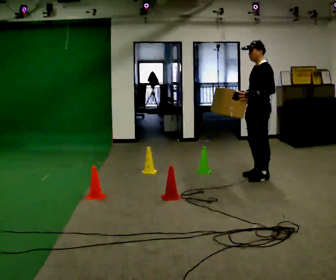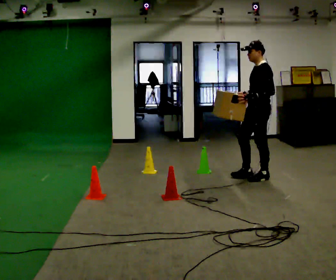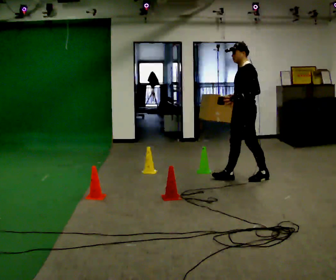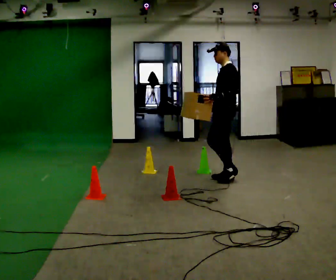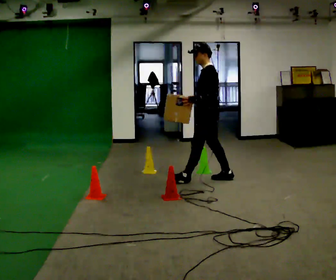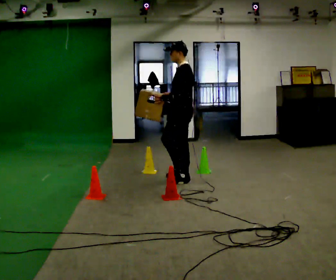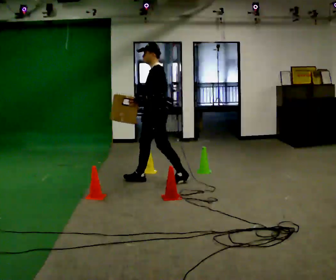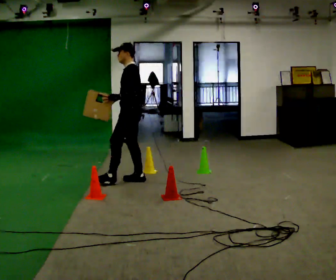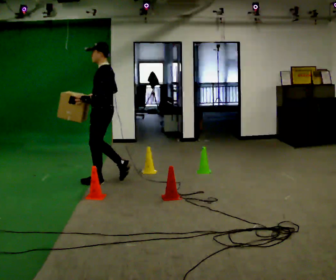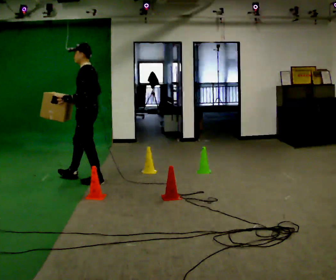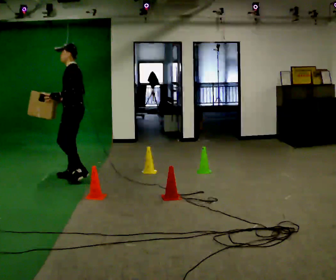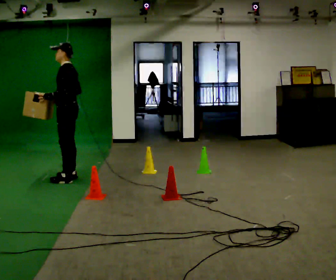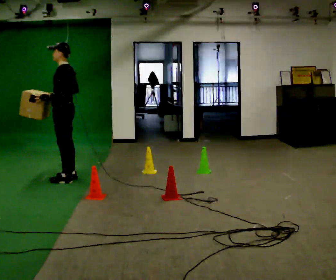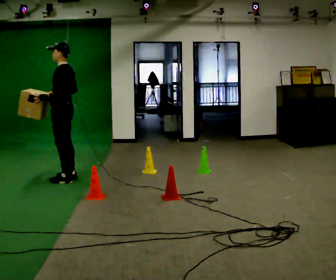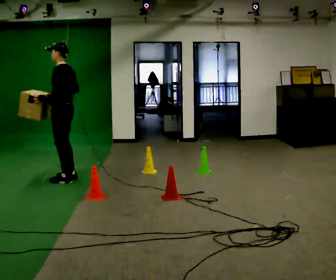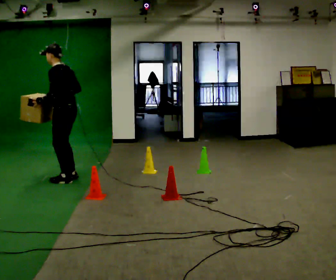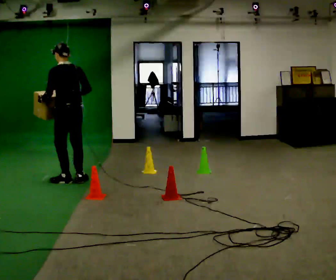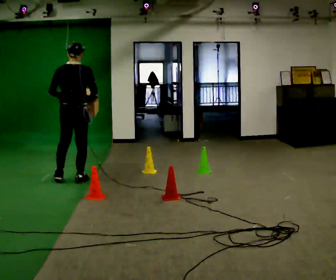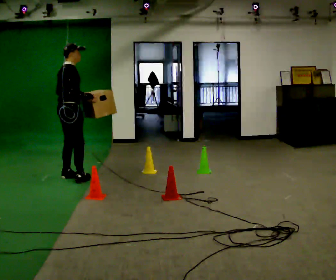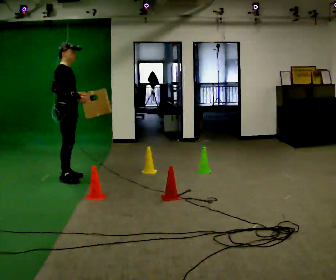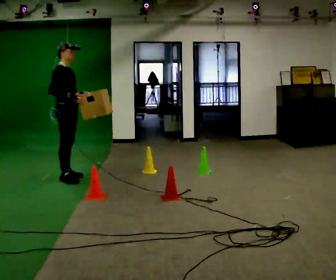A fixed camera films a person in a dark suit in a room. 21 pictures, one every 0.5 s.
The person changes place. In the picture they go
to the left.
0.0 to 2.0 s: In the picture they go to the left, about 0.75 m in 2 steps, which for them is forward.
2.0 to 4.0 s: In the picture they go to the left, about 1.5 m in 2 steps, which for them is forward.
4.0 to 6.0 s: In the picture they go to the left, about 0.5 m in 2 steps, which for them is forward.
6.0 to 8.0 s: Seen from above the body turns clockwise, about 45 degrees: to their right, with its near side sliding to the left.
8.0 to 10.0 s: Seen from above the body turns clockwise, about 135 degrees: to their right, with its near side sliding to the left. In the picture their left hand goes to the right.
The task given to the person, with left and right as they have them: Carry the box through the gap between the panels without touching either side, then set it down and bring it back. Keep going until the operator says stop; one object at a time, and do not rush between trips.
The film runs forward here.
